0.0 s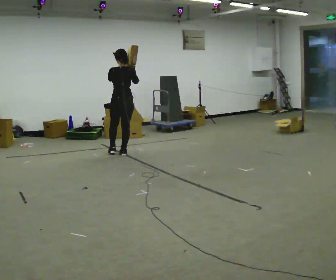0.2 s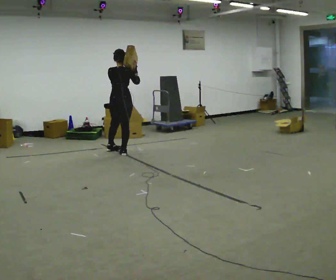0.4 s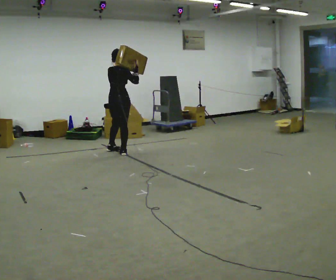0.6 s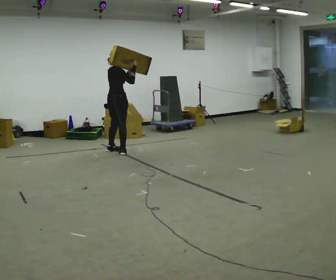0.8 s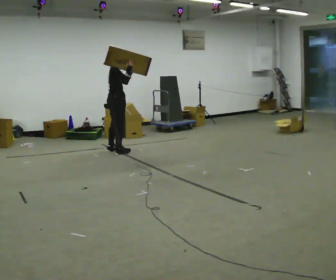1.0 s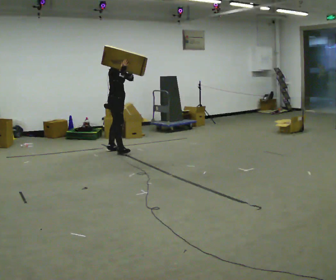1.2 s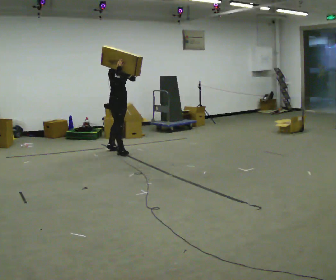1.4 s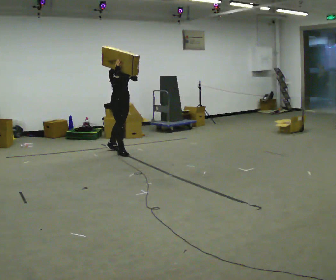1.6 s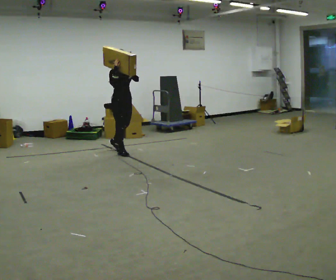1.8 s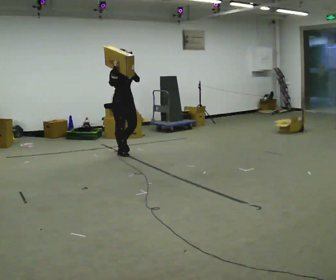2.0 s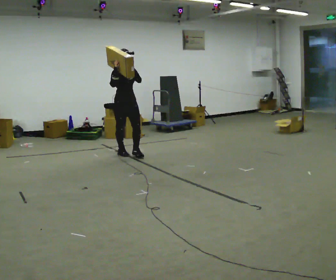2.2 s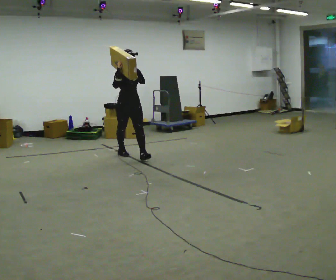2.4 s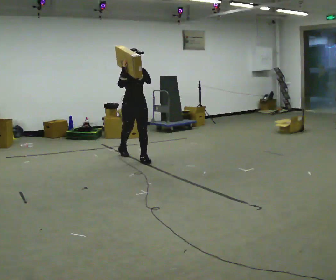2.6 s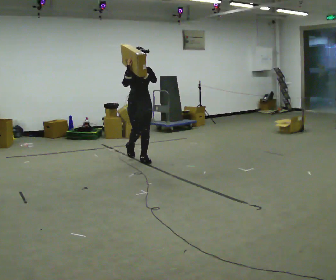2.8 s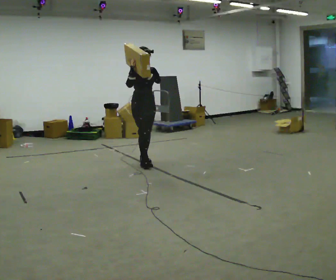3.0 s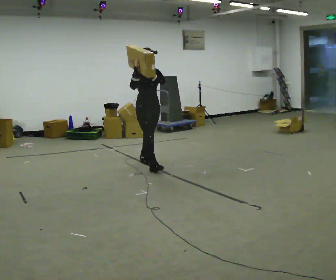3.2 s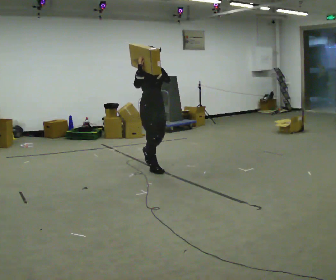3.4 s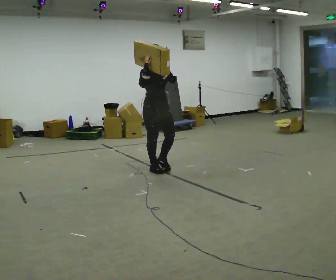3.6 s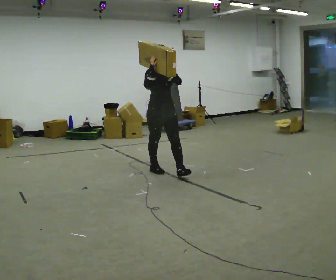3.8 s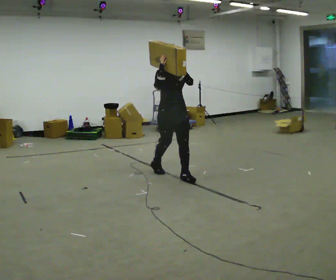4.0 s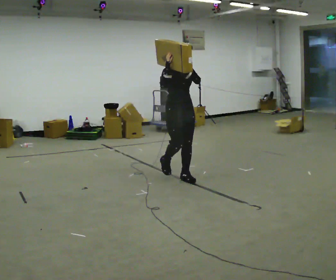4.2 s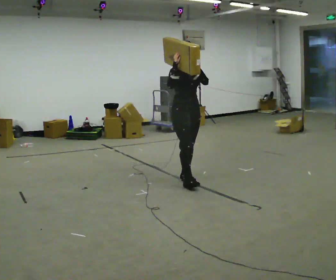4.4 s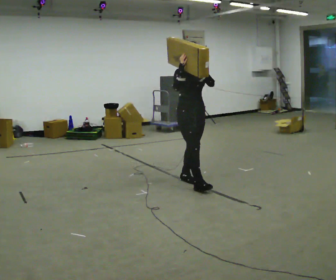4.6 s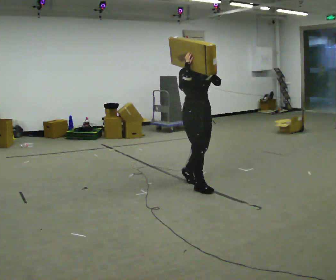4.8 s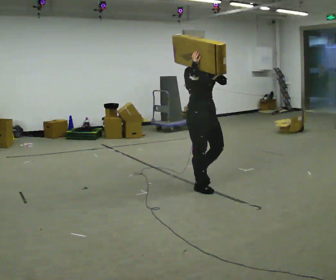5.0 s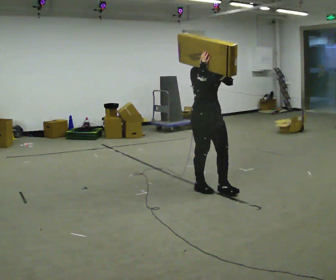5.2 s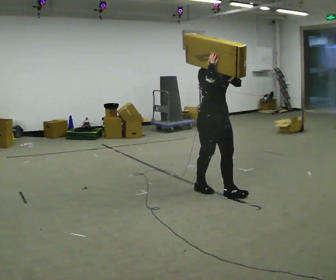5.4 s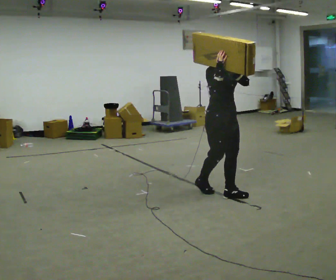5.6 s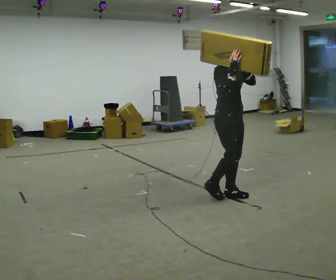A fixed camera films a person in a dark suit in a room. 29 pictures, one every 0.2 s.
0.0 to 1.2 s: The part of the body nearest the lens slides to the left as the person turns to their right by about 135 degrees. In the picture they go away from the camera, about 0.25 m in 1 step.
1.2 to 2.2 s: Seen from above the body turns clockwise, about 45 degrees: to their right, with its near side sliding to the left. In the picture they go toward the camera and to the right, about 0.5 m in 1 step, which for them is forward.
2.2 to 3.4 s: In the picture they go toward the camera and to the right, about 1 m in 1 step, which for them is forward.
3.4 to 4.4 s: In the picture they go toward the camera and to the right, about 0.5 m in 2 steps, which for them is forward.
4.4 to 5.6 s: Seen from above the body turns counterclockwise, about 30 degrees: to their left, with its near side sliding to the right. In the picture they go toward the camera and to the right, about 0.5 m in 1 step, which for them is forward.
The film runs forward here.
